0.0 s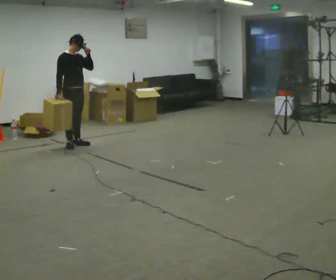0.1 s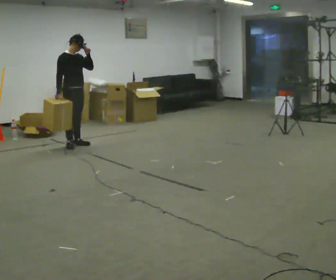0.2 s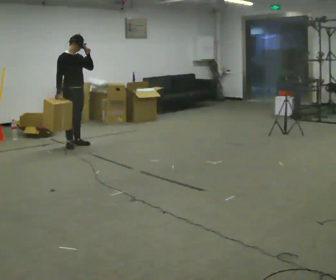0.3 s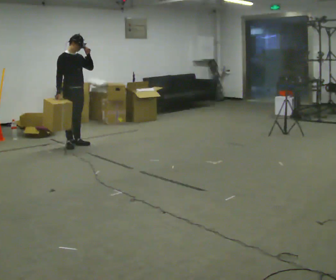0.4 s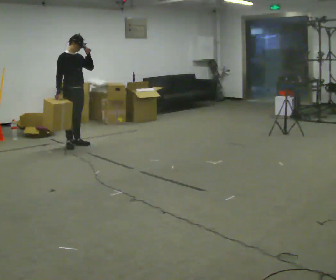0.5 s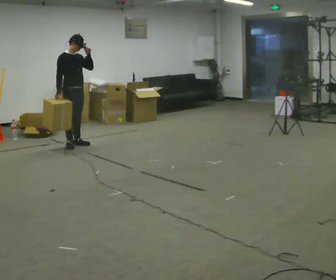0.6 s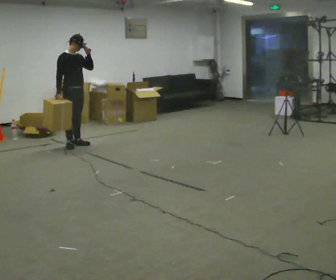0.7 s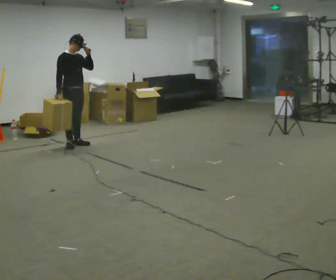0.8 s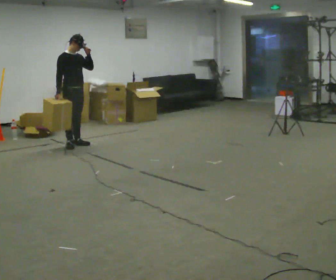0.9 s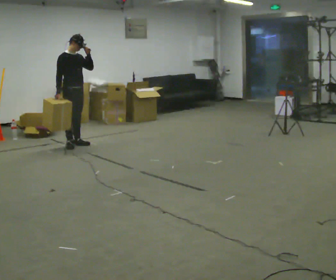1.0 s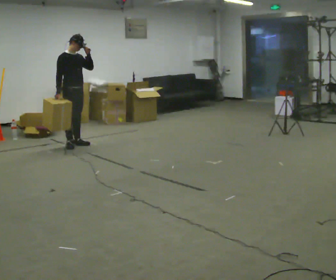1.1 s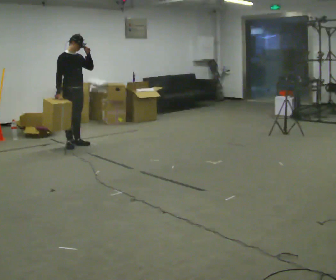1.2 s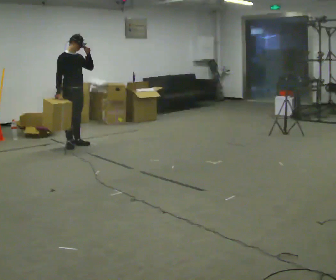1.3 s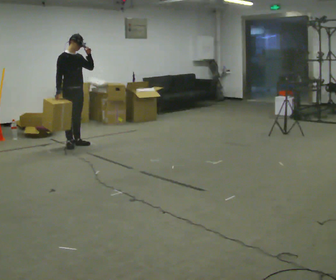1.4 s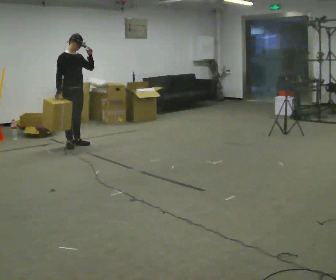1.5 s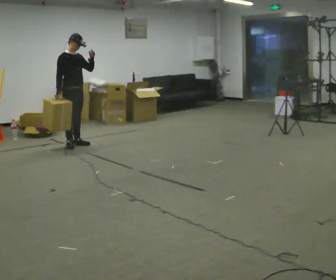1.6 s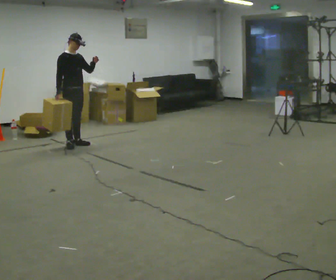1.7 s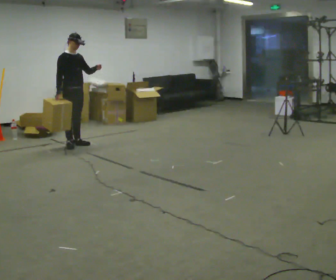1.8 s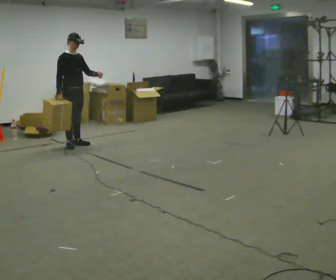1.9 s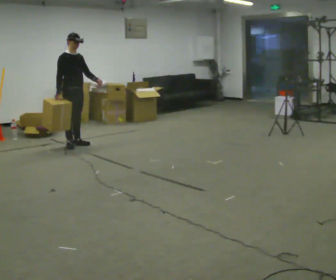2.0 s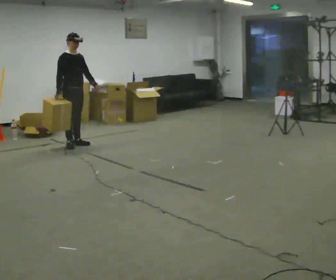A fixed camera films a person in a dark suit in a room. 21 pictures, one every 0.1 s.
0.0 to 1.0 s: The person keeps their place and pose.
1.0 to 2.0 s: In the picture their left hand goes downward.
The film runs backward here.
